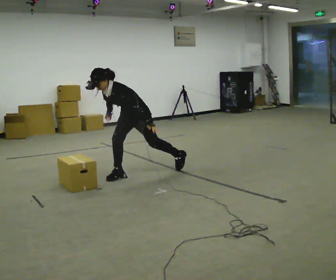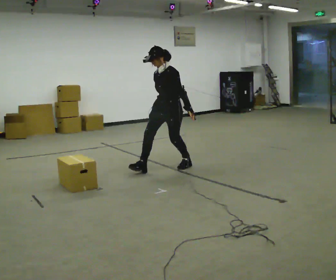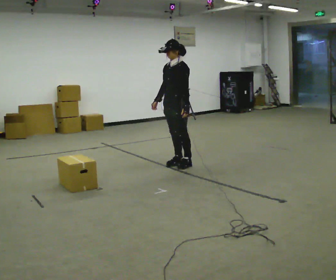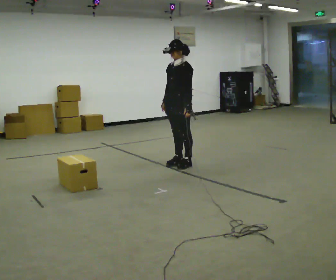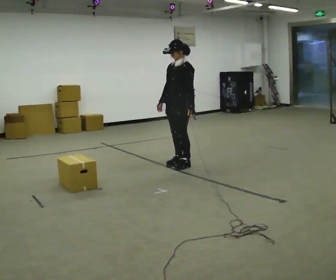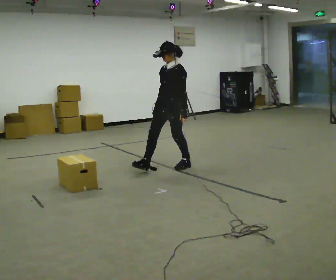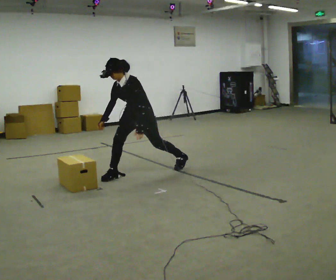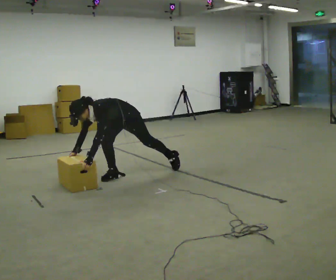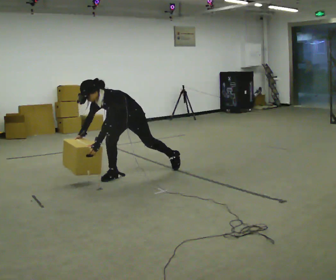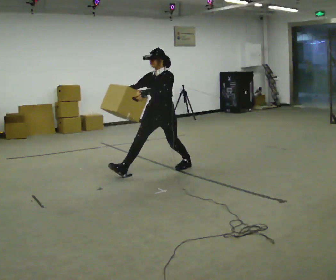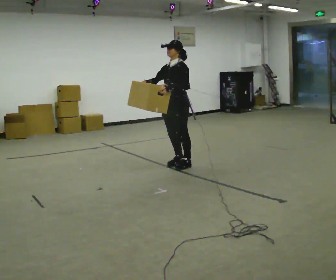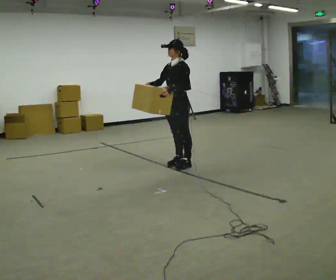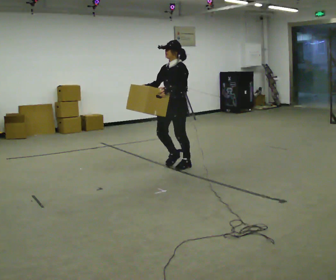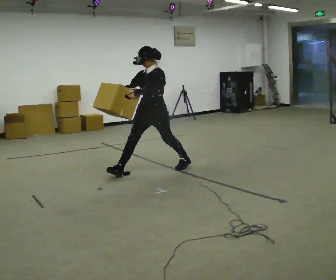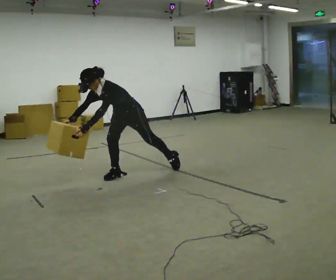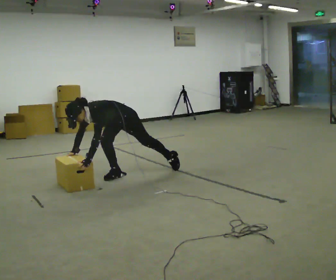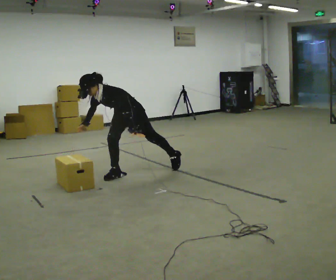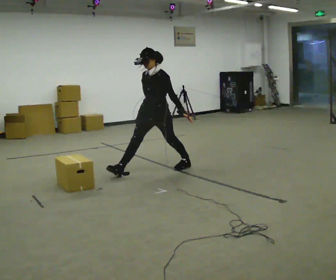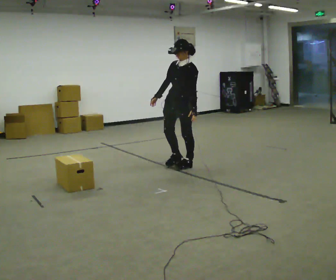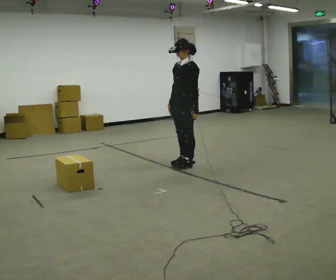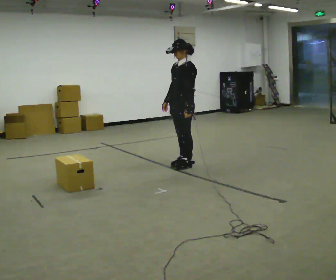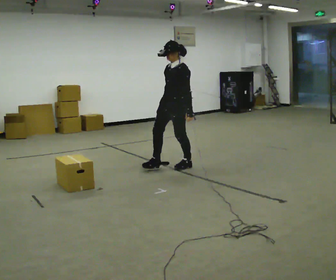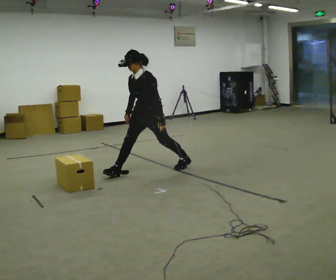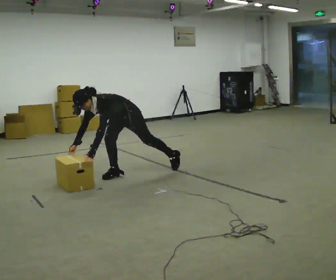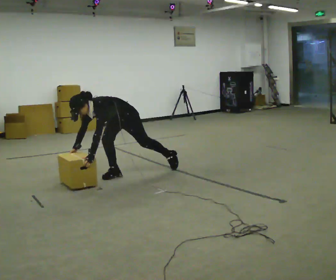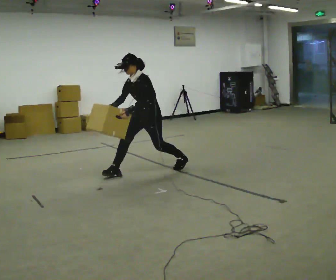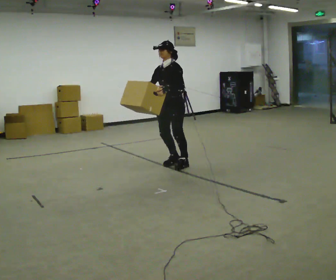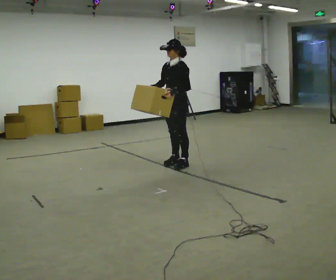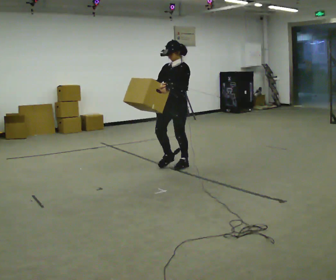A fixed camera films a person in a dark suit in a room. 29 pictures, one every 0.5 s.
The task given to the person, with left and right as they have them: The object is placed just too far away for you to reach. Try to reach it while keeping both feet planted, and step only when you have to. Repeat at your own pace until the operator says stop. Go slowly and only as far as you are comfortable. Step whenever you need to; do not try to hold on longer than feels safe.
0.0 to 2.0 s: In the picture they go to the right and away from the camera, about 0.5 m in 1 step, which for them is backward. The shoulders move upward. In the picture the upper body tilts clockwise, shoulders to the right, as they lean back or straighten.
2.0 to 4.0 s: In the picture they go to the left and toward the camera, about 0.75 m in 2 steps, which for them is forward and to their right.
4.0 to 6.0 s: In the picture they go to the right and away from the camera, about 0.5 m in 2 steps, which for them is backward. The upper body goes upward. In the picture the upper body tilts clockwise, shoulders to the right, as they lean back or straighten. In the picture their left hand goes upward.
6.0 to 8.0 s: In the picture they go to the left and toward the camera, about 0.5 m in 2 steps, which for them is forward. In the picture their left hand goes downward.
8.0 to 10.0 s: In the picture they go to the right and away from the camera, about 0.5 m in 2 steps, which for them is backward. The upper body goes upward. In the picture the upper body tilts clockwise, shoulders to the right, as they lean back or straighten.
10.0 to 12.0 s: In the picture they go to the left and toward the camera, about 1 m in 2 steps, which for them is forward. The shoulders move downward. In the picture the upper body tilts counterclockwise, shoulders to the left, as they bend forward. In the picture their right hand goes downward.
12.0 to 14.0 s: In the picture they go to the right and away from the camera, about 0.75 m in 2 steps, which for them is backward. The shoulders move upward. In the picture the upper body tilts clockwise, shoulders to the right, as they lean back or straighten. In the picture their right hand goes upward.
The film runs forward here.
